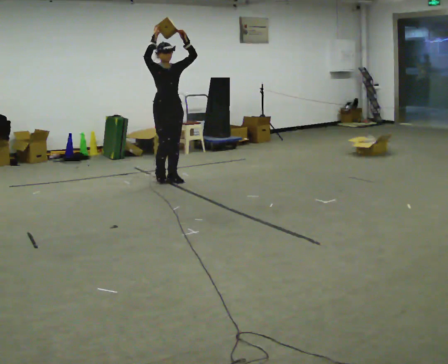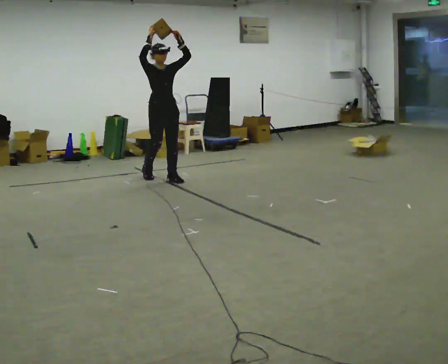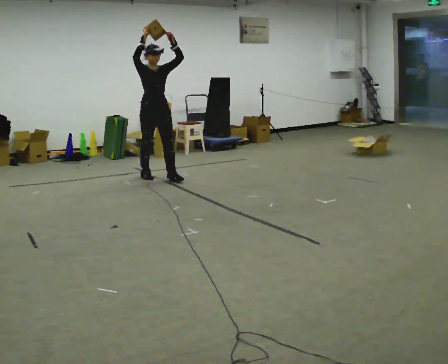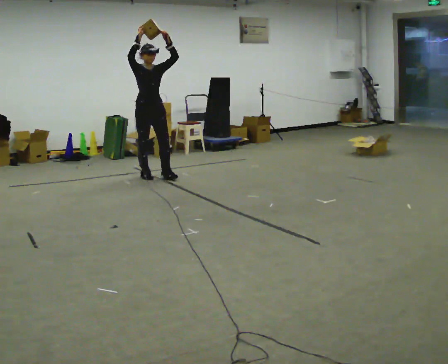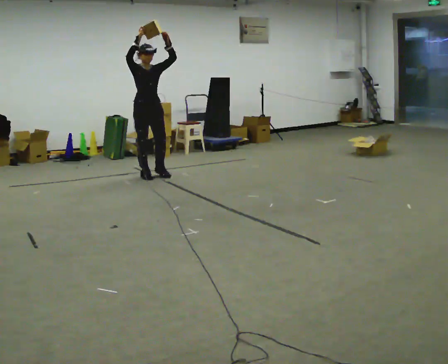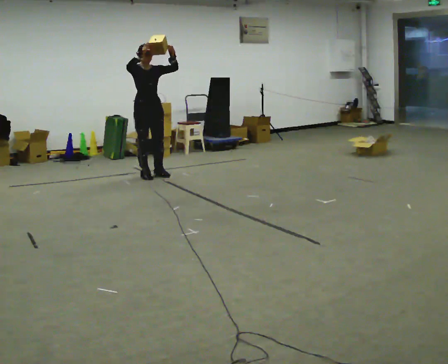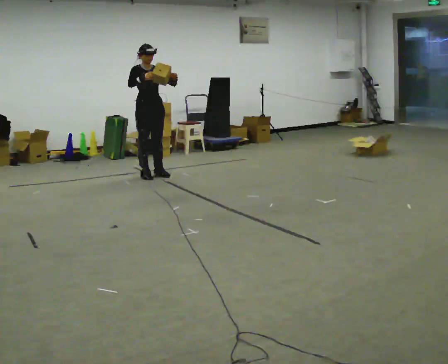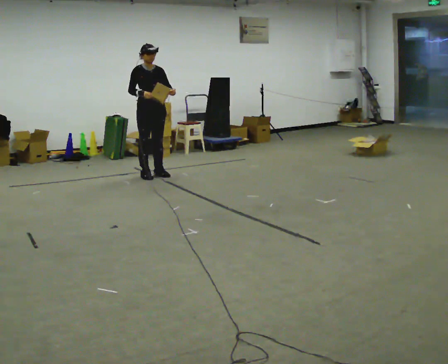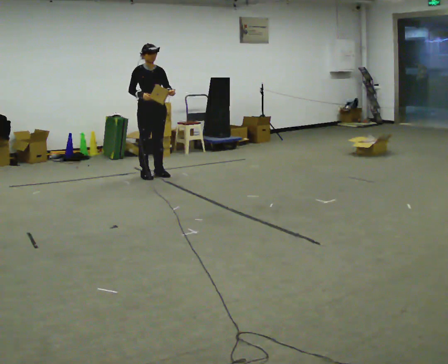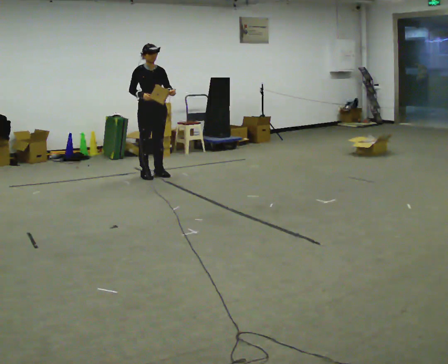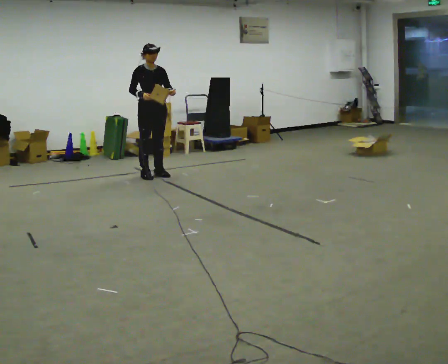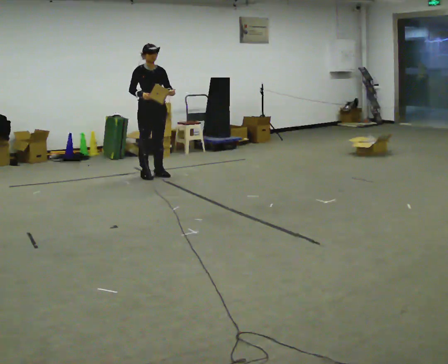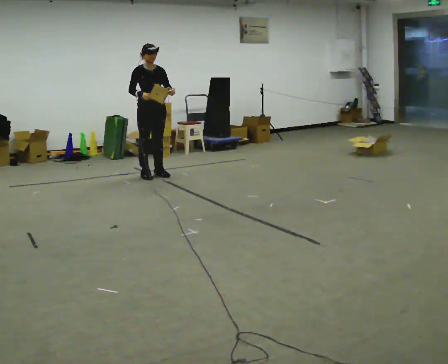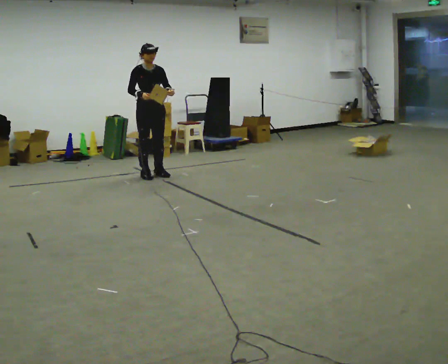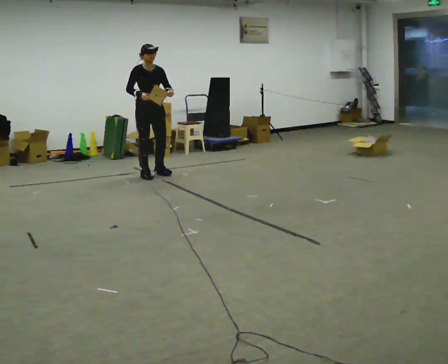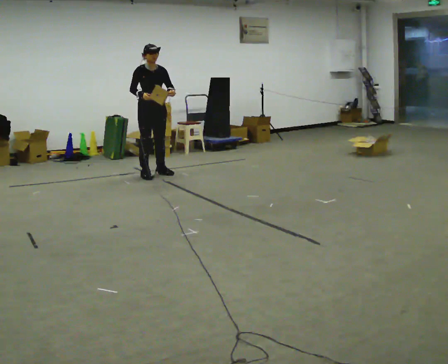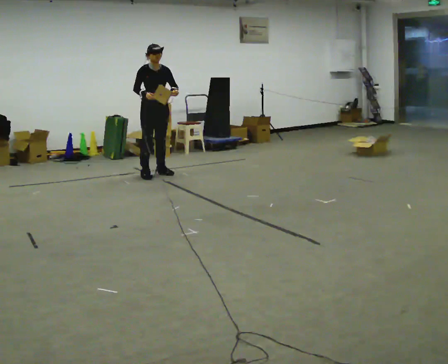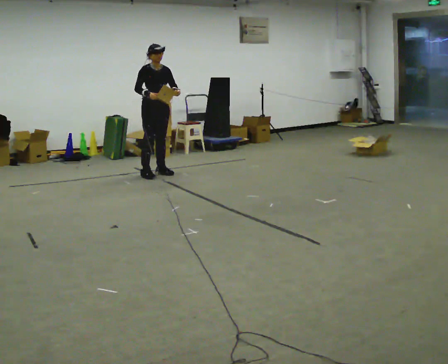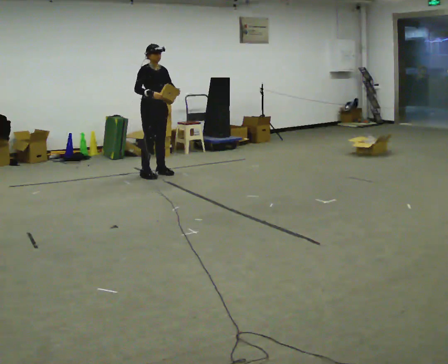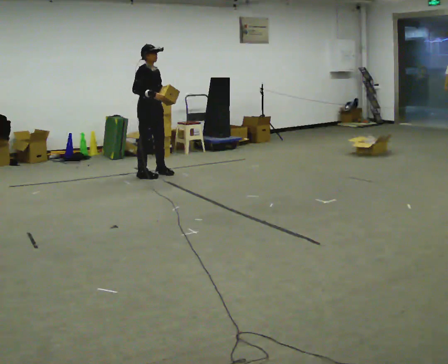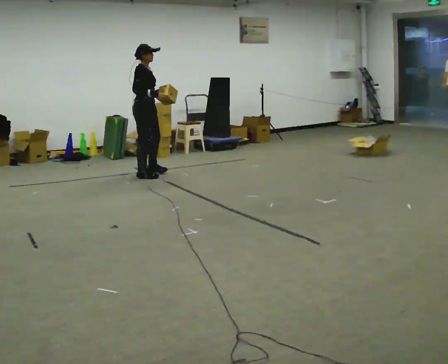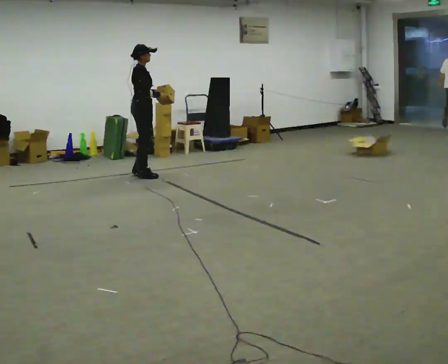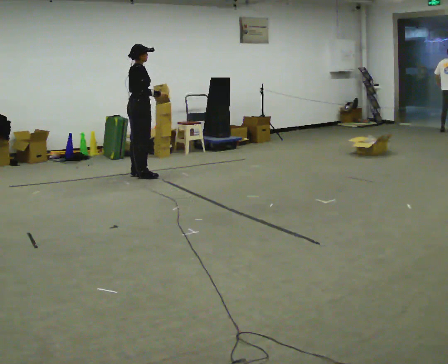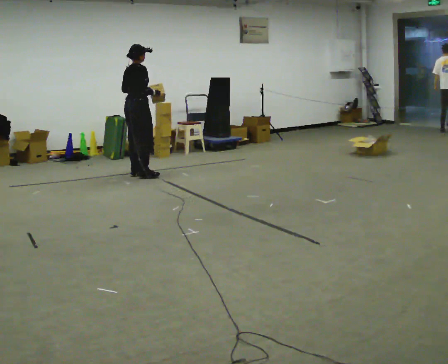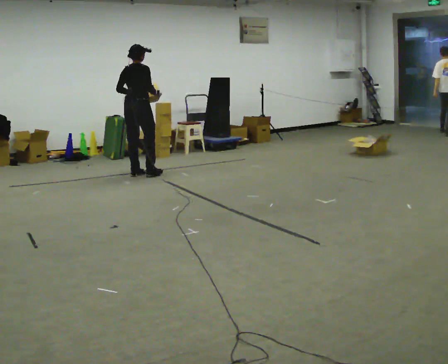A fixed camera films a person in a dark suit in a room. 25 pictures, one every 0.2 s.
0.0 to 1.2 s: In the picture they go away from the camera and to the left, about 0.25 m in 1 step, which for them is backward and to their right. In the picture their left hand goes downward, the arm swinging clockwise.
1.2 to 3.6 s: In the picture they go away from the camera, about 0.25 m, which for them is backward.
3.6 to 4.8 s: Seen from above the body turns counterclockwise, about 105 degrees: to their left, with its near side sliding to the right. In the picture they go to the left, about 0.25 m in 2 steps. In the picture their left hand goes to the left.
The film runs backward here.
